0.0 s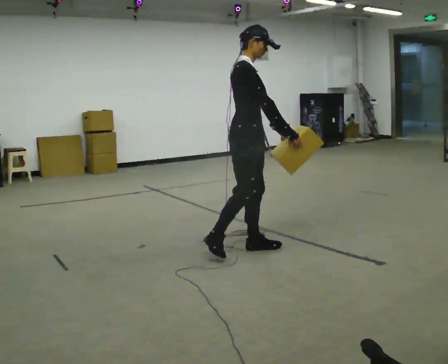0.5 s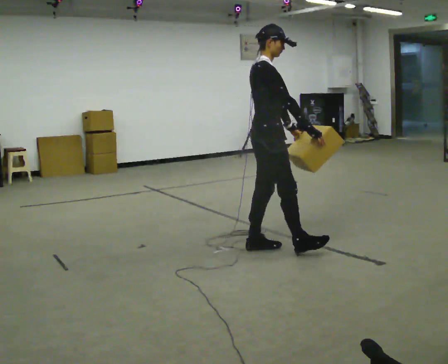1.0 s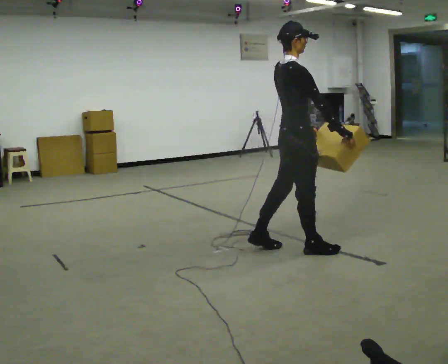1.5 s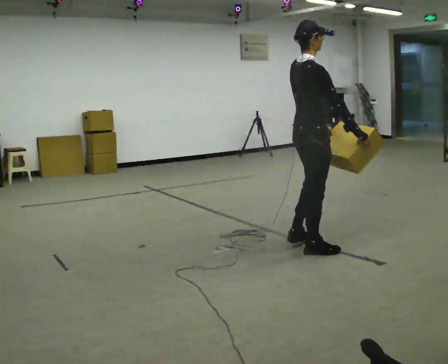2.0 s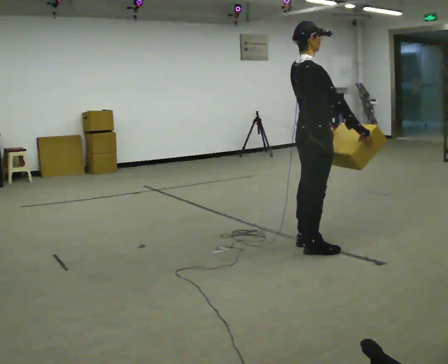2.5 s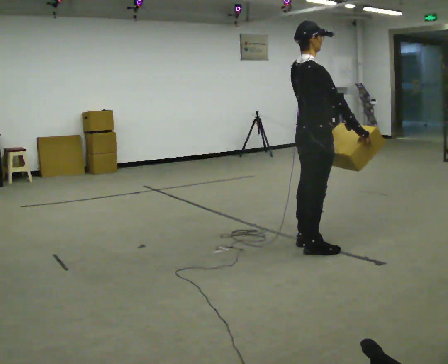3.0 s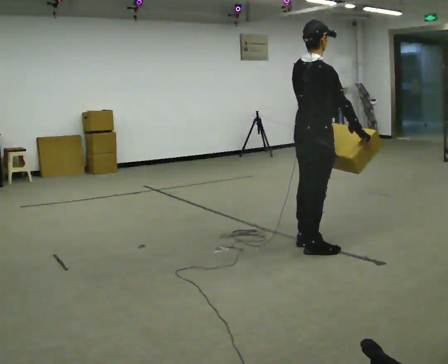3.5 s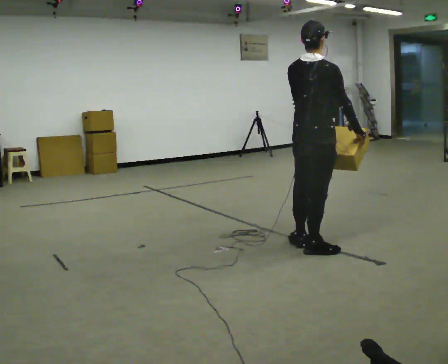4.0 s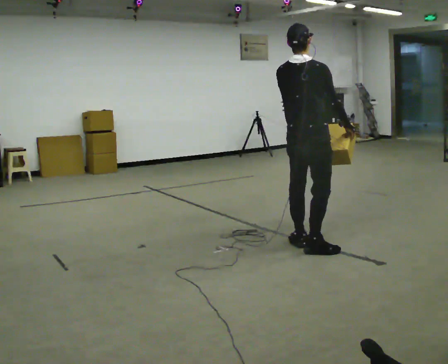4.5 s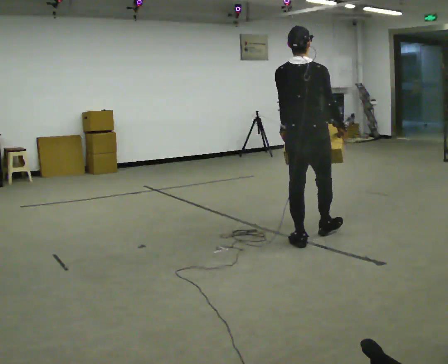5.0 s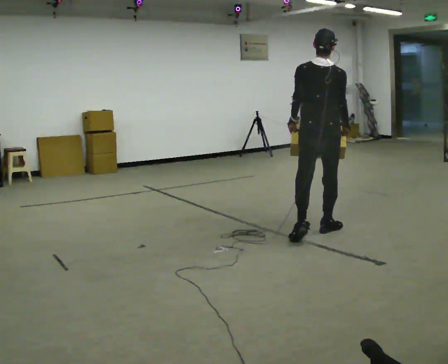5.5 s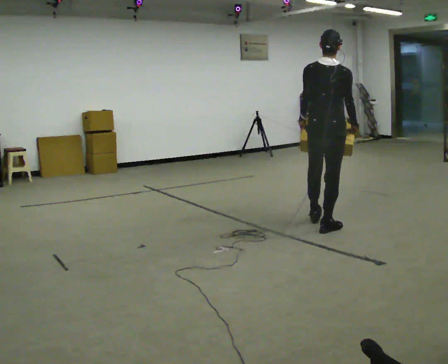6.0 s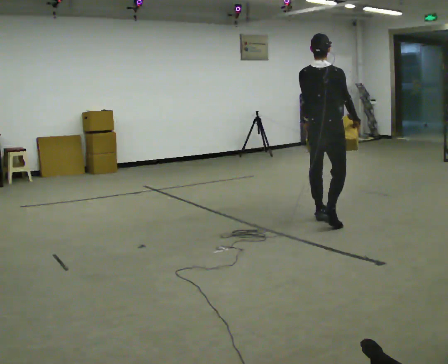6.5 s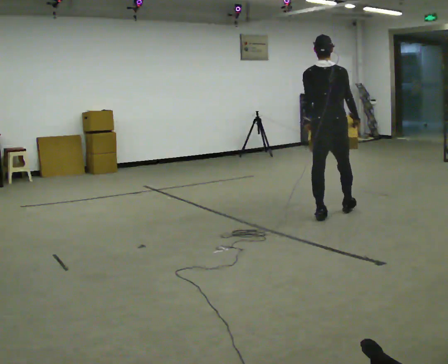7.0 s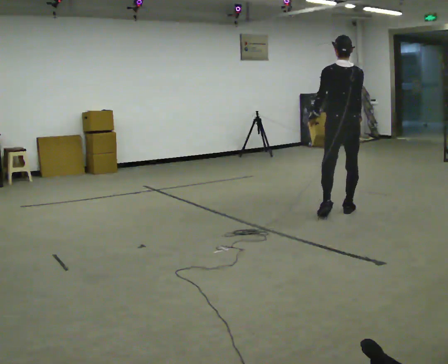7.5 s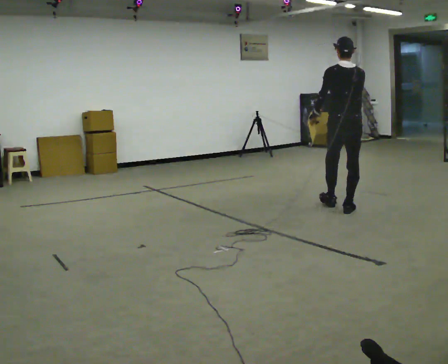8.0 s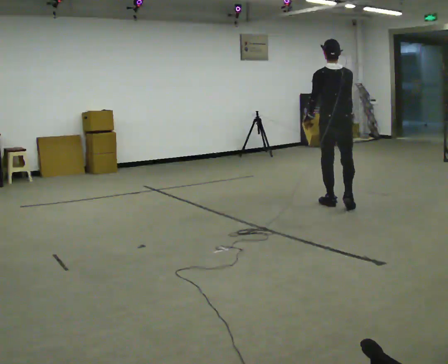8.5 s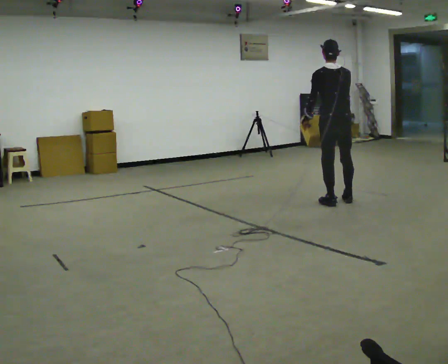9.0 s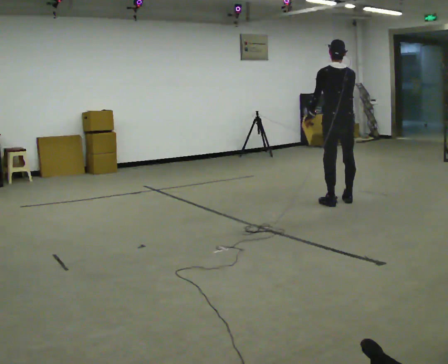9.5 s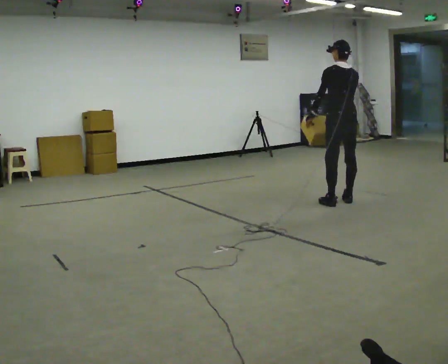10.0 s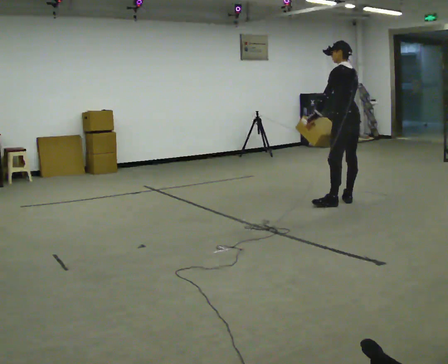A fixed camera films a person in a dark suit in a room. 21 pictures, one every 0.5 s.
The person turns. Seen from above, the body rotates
counterclockwise.
The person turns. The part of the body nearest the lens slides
to the right.
0.0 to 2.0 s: In the picture they go to the right, about 0.5 m in 2 steps, which for them is forward.
2.0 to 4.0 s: The part of the body nearest the lens slides to the right as the person turns to their left by about 45 degrees.
4.0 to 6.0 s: In the picture they go away from the camera, about 1 m in 2 steps, which for them is forward.
6.0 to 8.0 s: Seen from above the body turns counterclockwise, about 30 degrees: to their left, with its near side sliding to the right. In the picture they go away from the camera, about 0.5 m in 2 steps, which for them is forward and to their right.
8.0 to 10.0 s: The person turns about 45 degrees to their left, counterclockwise seen from above, so the part of the body nearest the lens slides to the right. In the picture they go away from the camera, about 0.25 m in 1 step, which for them is to their right.
The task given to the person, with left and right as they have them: Carry the medium box in both hands in front of you, walking back and forth across the room. Keep walking until the operator says stop.
The film runs forward here.
